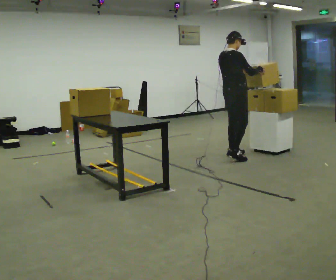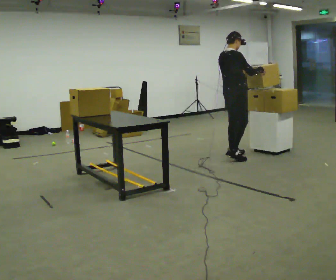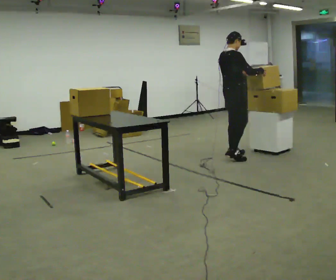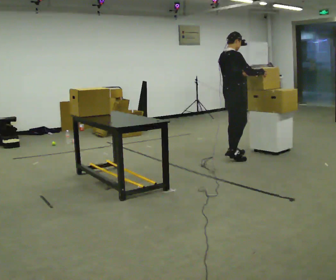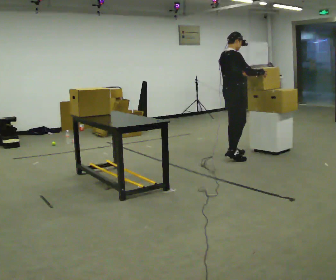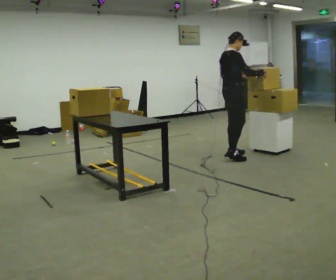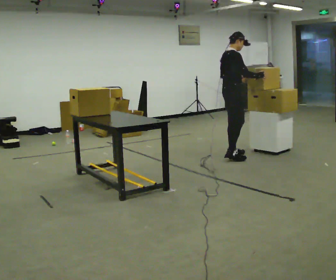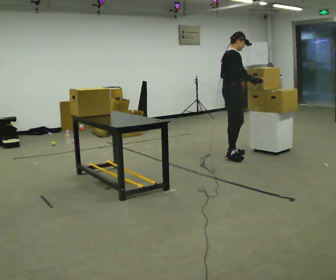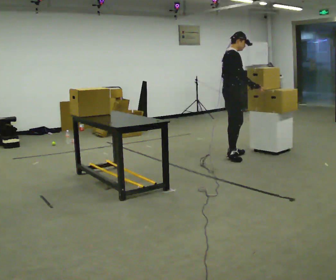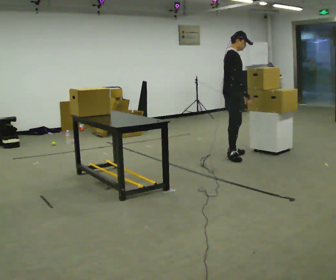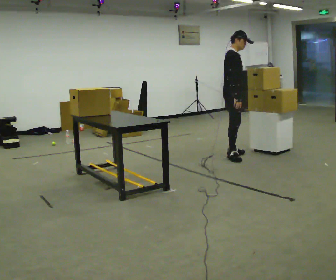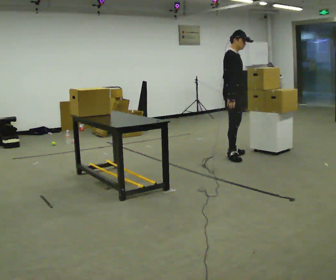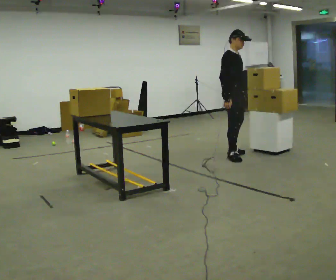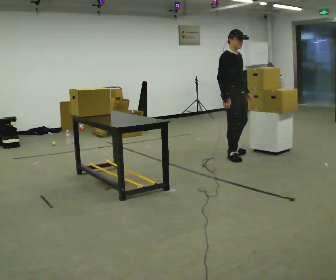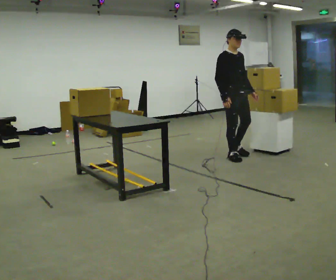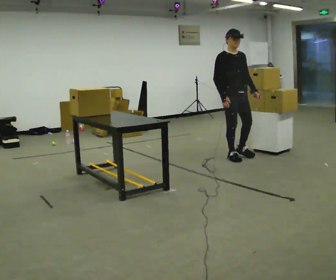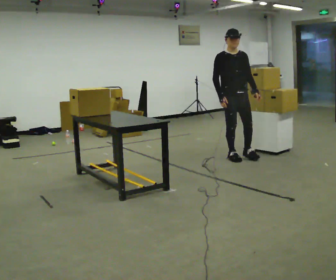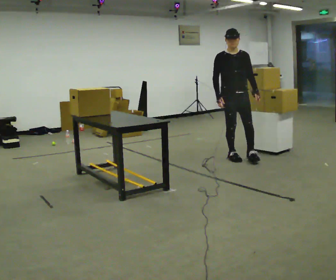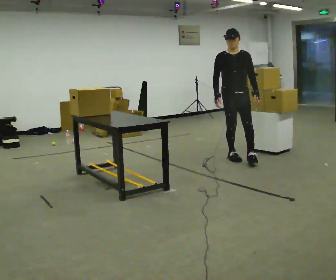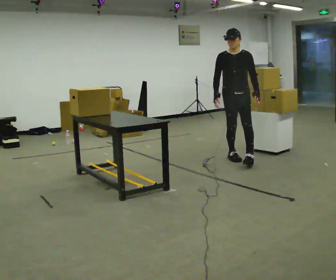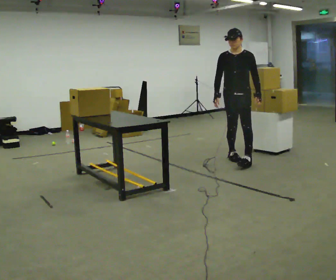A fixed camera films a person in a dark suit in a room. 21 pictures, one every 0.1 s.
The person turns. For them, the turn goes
to their right.
Their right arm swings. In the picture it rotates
clockwise.
0.0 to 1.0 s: The person turns about 45 degrees to their right, clockwise seen from above, so the part of the body nearest the lens slides to the left. In the picture their right hand goes to the left, the arm swinging clockwise.
1.0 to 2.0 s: Seen from above the body turns clockwise, about 90 degrees: to their right, with its near side sliding to the left. In the picture they go toward the camera, about 0.25 m in 1 step.
The film runs forward here.
